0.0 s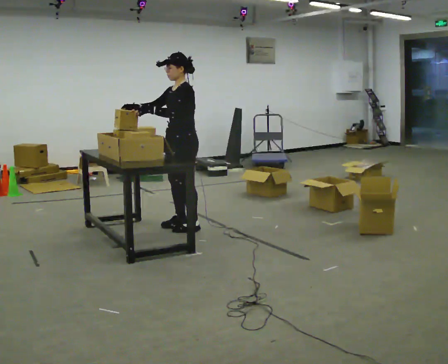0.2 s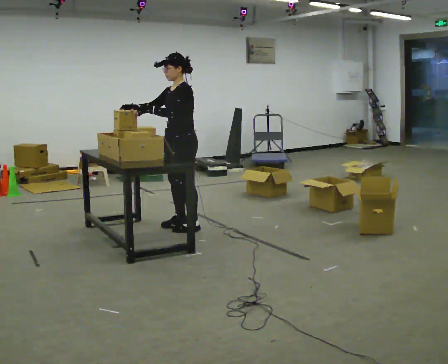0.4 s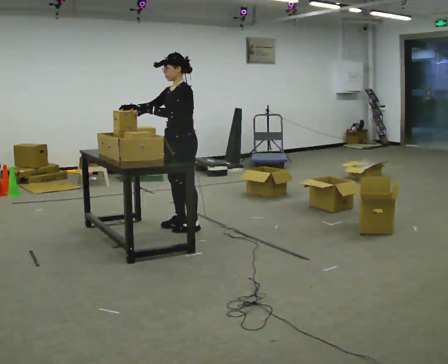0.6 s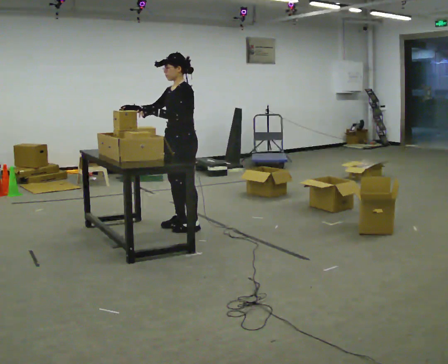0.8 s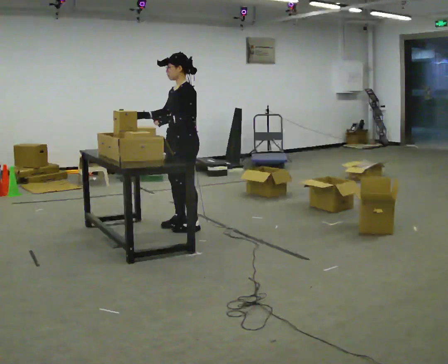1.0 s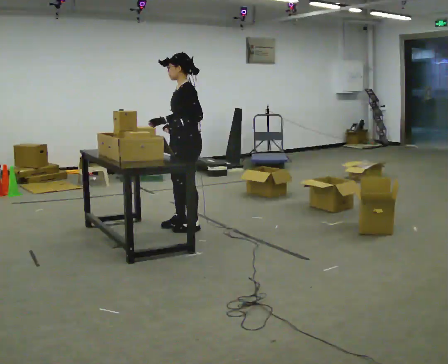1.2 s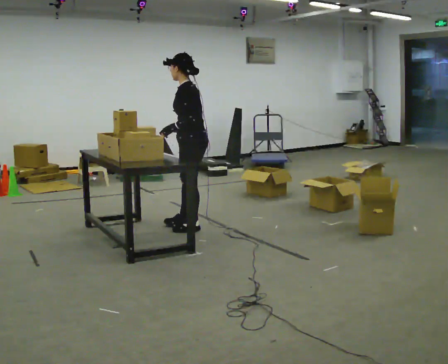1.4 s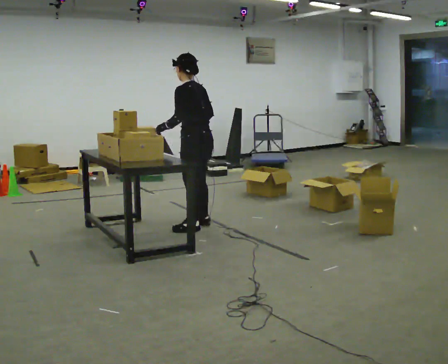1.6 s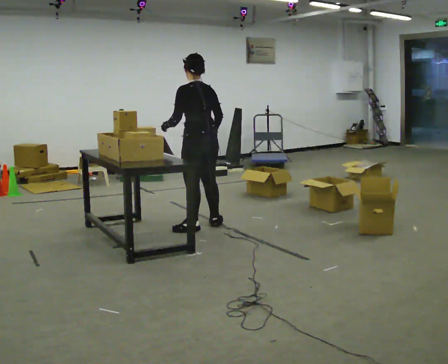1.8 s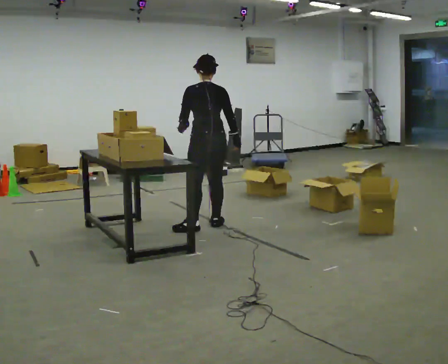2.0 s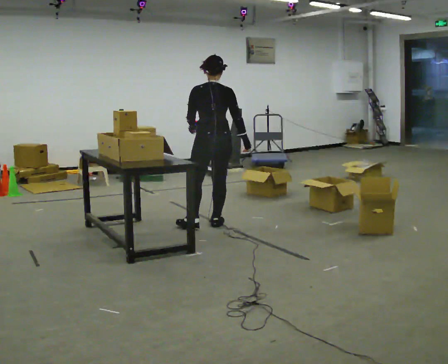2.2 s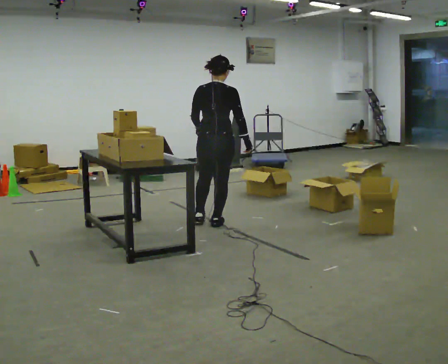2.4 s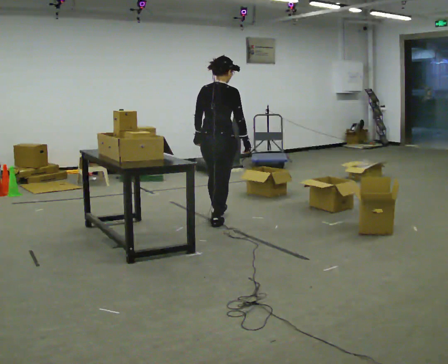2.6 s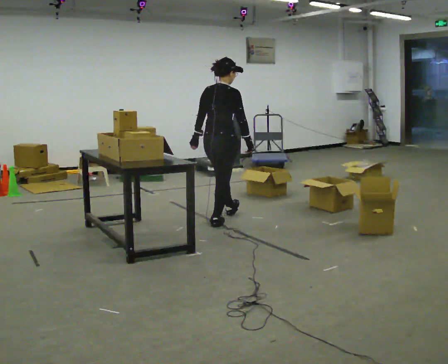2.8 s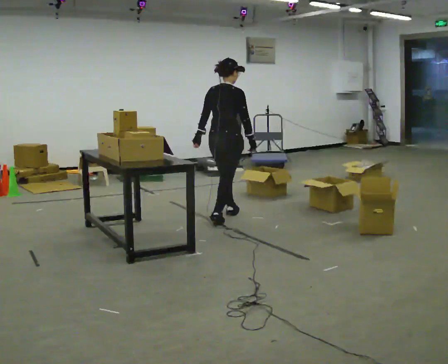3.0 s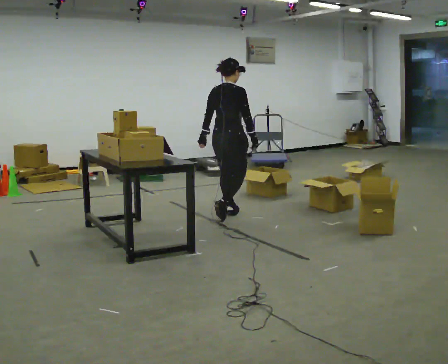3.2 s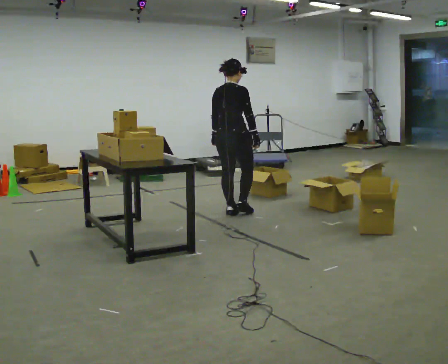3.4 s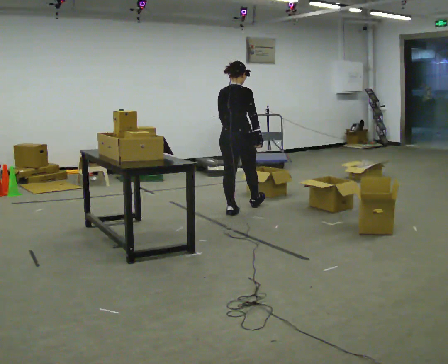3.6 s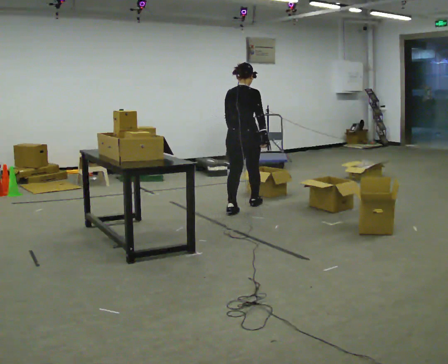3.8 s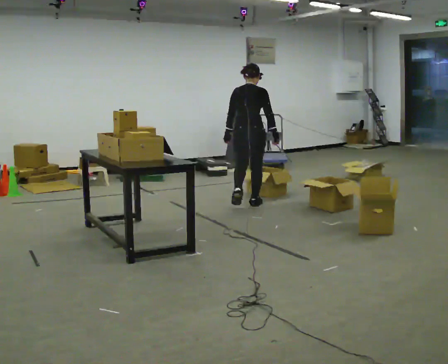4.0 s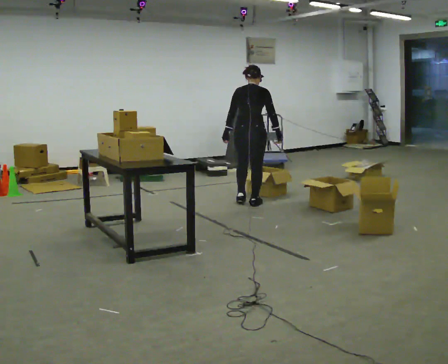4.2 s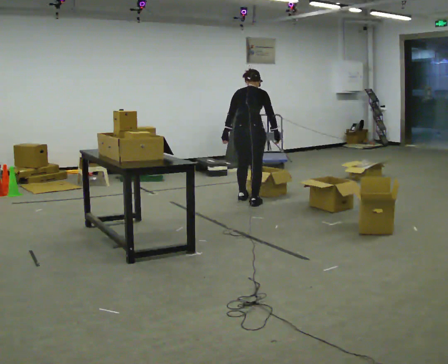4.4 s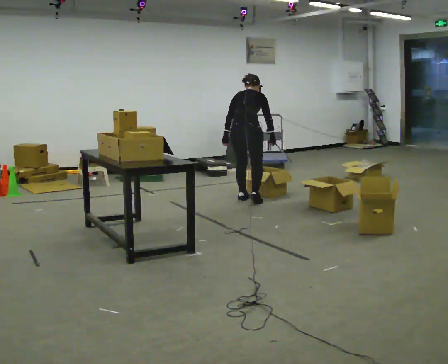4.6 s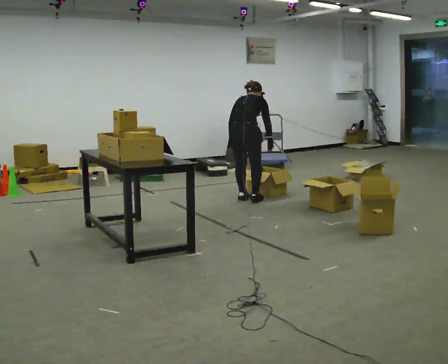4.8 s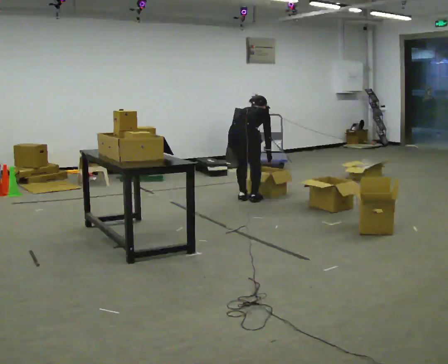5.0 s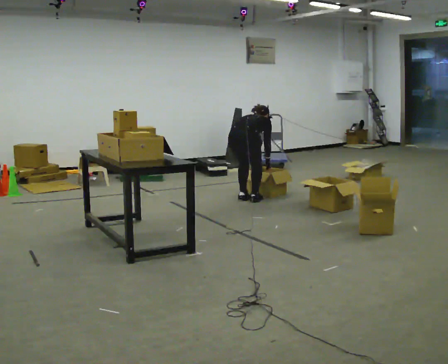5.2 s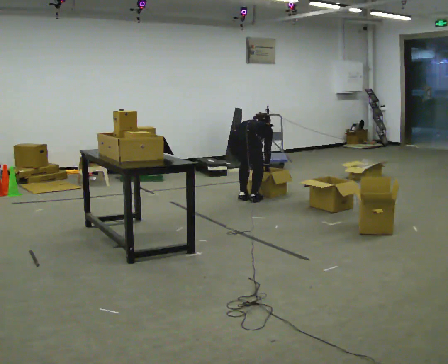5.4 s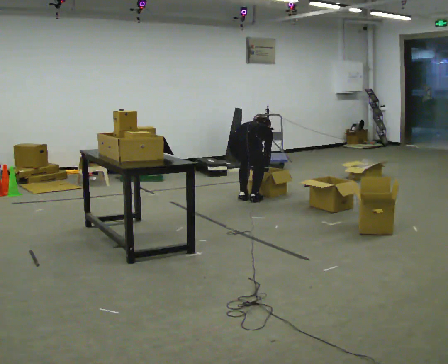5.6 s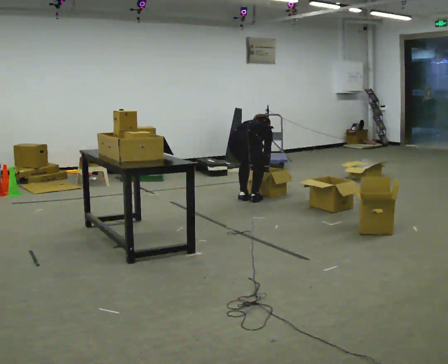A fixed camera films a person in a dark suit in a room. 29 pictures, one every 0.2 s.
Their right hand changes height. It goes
downward.
Their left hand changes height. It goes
downward.
0.0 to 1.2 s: The person turns about 30 degrees to their right, clockwise seen from above, so the part of the body nearest the lens slides to the left. In the picture their right hand goes to the right, the arm swinging counterclockwise.
1.2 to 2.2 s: Seen from above the body turns clockwise, about 90 degrees: to their right, with its near side sliding to the left. In the picture they go to the right, about 0.25 m in 1 step. In the picture their right hand goes to the right.
2.2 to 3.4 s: In the picture they go away from the camera and to the right, about 0.5 m in 1 step, which for them is forward.
3.4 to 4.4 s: In the picture they go away from the camera, about 0.5 m in 2 steps, which for them is forward. The upper body tips away from the camera, its near side rolling upward, as they bend forward.
4.4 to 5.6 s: The upper body goes downward. The upper body tips away from the camera, its near side rolling upward, as they bend forward. In the picture their left hand goes downward and to the right.
The film runs forward here.
